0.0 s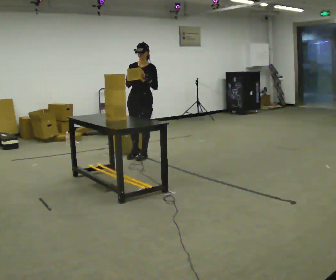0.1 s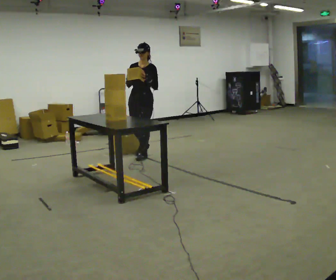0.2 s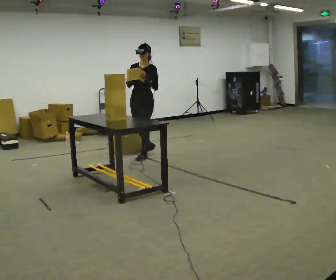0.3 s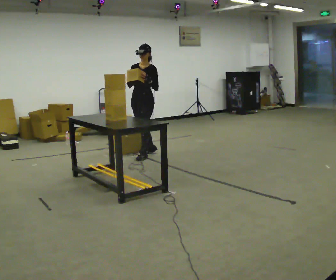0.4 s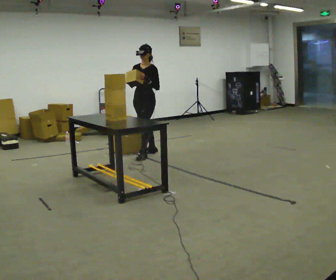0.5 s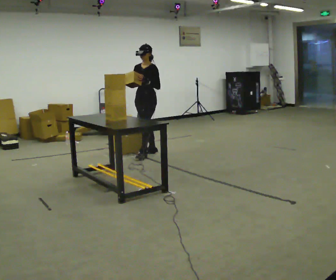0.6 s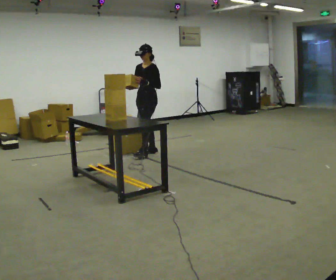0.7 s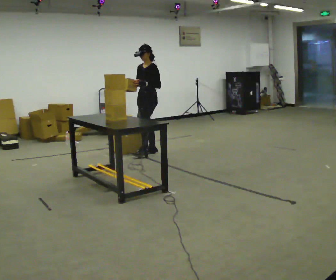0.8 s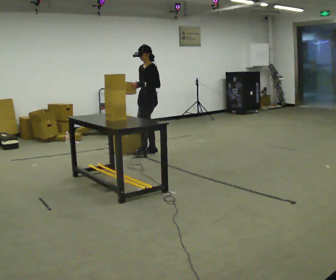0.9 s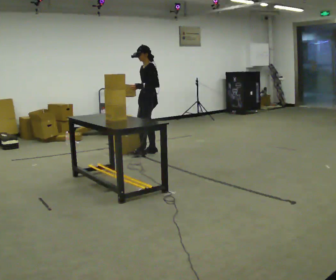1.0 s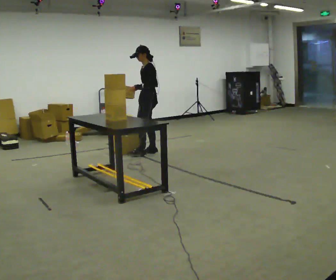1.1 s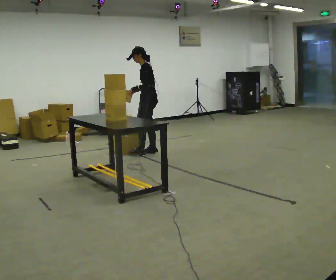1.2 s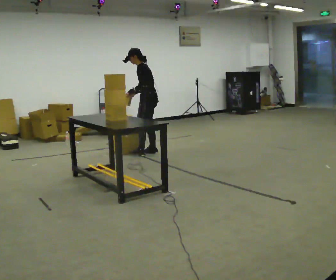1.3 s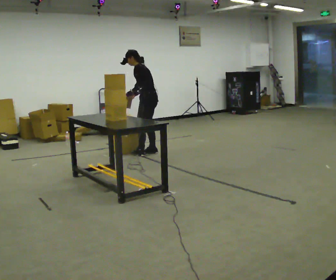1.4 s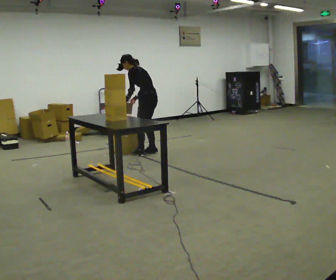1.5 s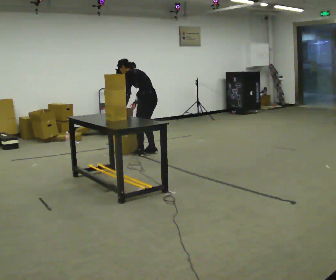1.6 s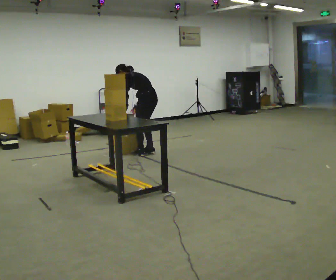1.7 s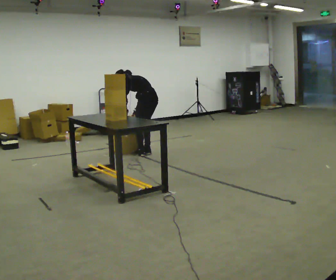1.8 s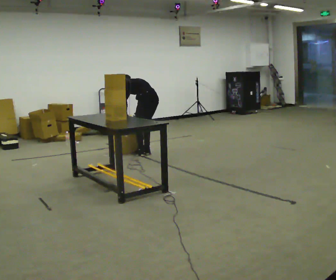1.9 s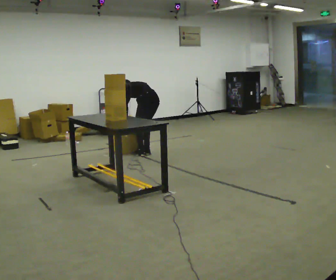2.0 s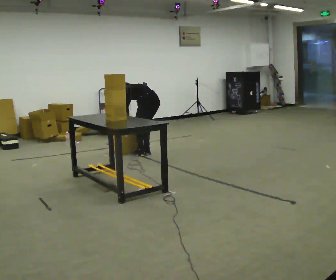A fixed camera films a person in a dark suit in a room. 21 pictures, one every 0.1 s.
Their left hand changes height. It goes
downward.
The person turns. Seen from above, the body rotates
clockwise.
0.0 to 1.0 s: The person turns about 60 degrees to their right, clockwise seen from above, so the part of the body nearest the lens slides to the left. In the picture they go away from the camera, about 0.25 m, which for them is backward and to their right.
1.0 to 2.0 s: The person turns about 60 degrees to their right, clockwise seen from above, so the part of the body nearest the lens slides to the left. In the picture they go toward the camera, about 0.25 m, which for them is to their left. The upper body goes downward. The upper body tips away from the camera, its near side rolling upward, as they bend forward. In the picture their right hand goes downward.
The film runs backward here.
